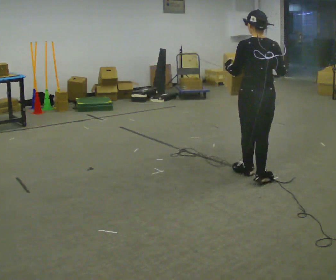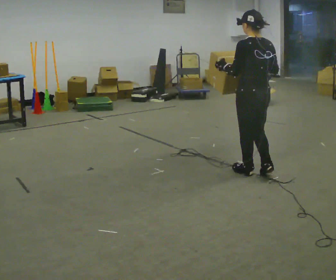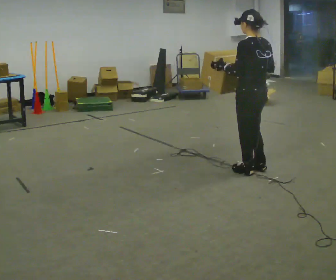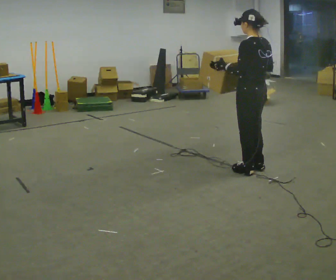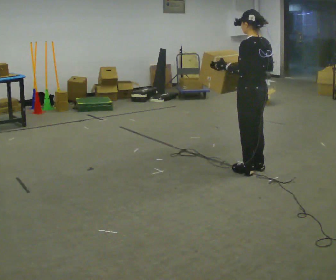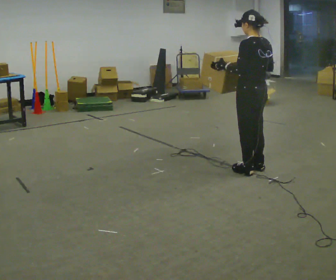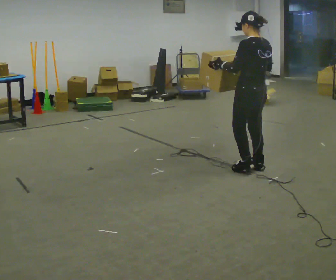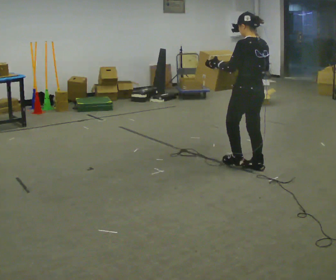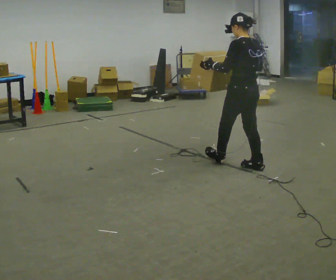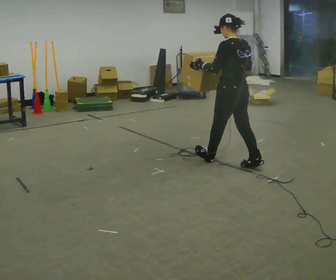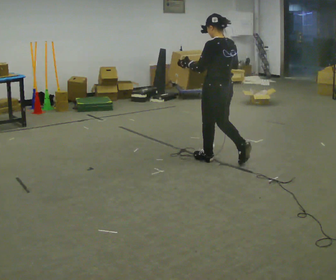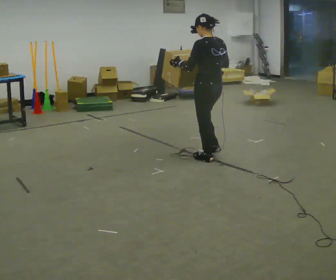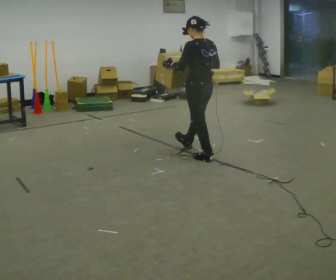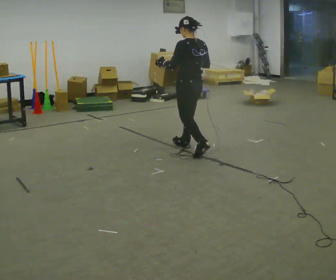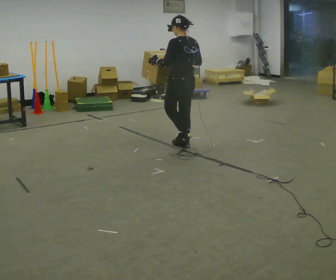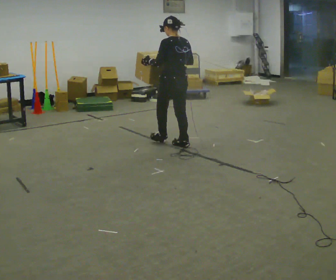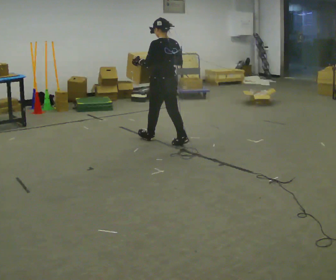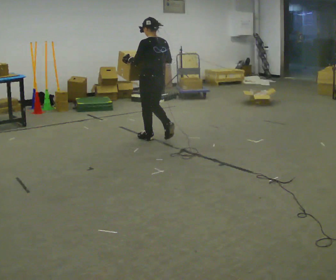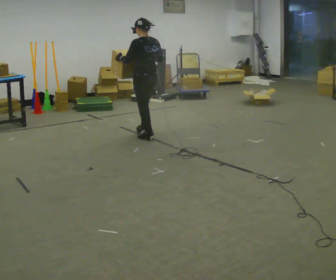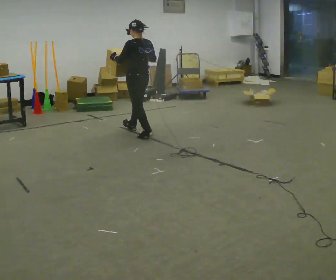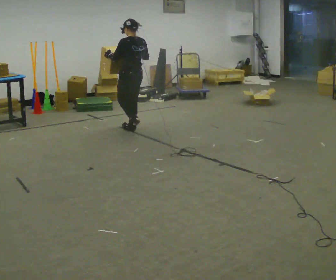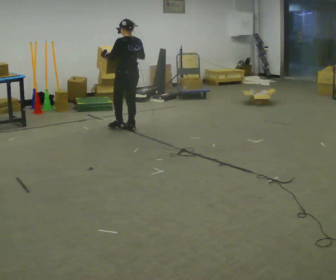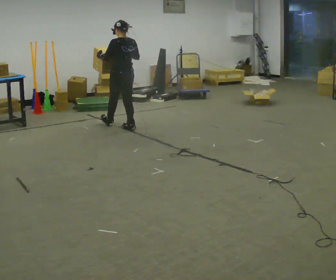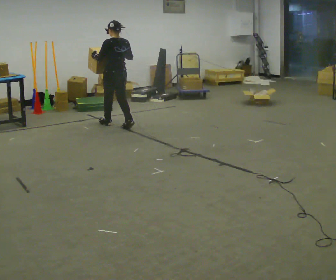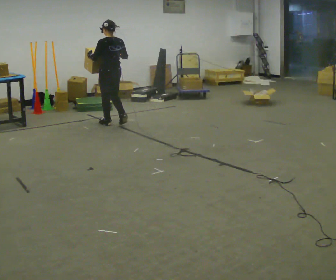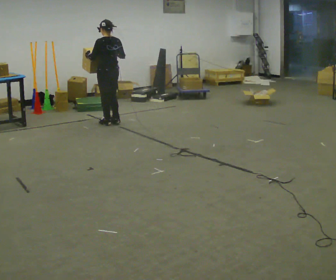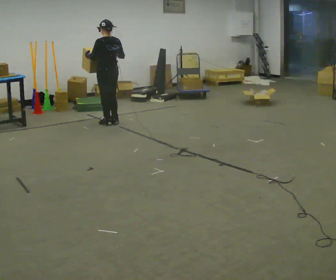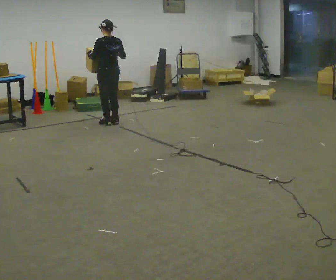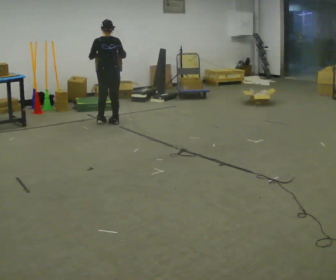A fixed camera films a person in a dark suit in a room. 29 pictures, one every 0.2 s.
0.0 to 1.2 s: The person turns about 30 degrees to their left, counterclockwise seen from above, so the part of the body nearest the lens slides to the right. In the picture they go away from the camera, about 0.25 m in 1 step, which for them is to their right and forward.
1.2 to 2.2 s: In the picture they go away from the camera and to the left, about 0.5 m in 1 step, which for them is forward.
2.2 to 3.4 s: In the picture they go away from the camera and to the left, about 1 m in 2 steps, which for them is forward.
3.4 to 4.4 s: In the picture they go away from the camera and to the left, about 0.5 m in 1 step, which for them is forward.
4.4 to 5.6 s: In the picture they go away from the camera and to the left, about 0.25 m in 2 steps, which for them is forward.
The film runs forward here.
